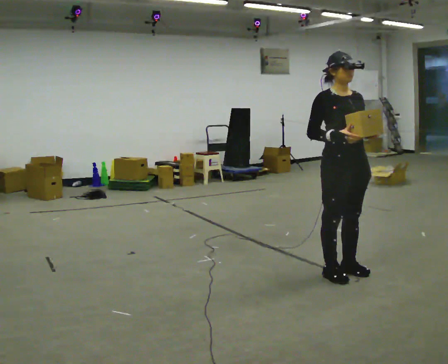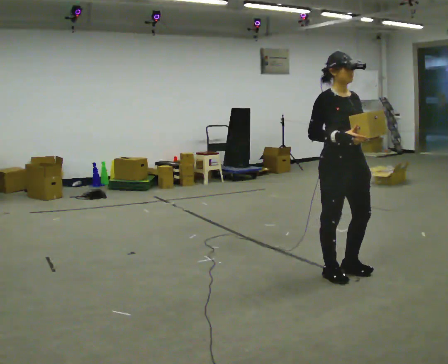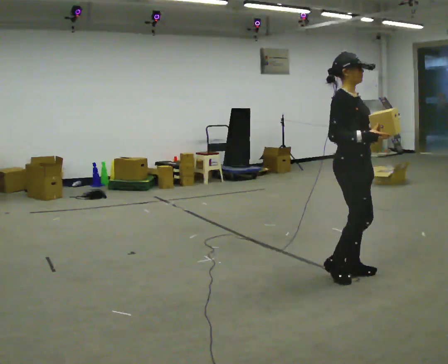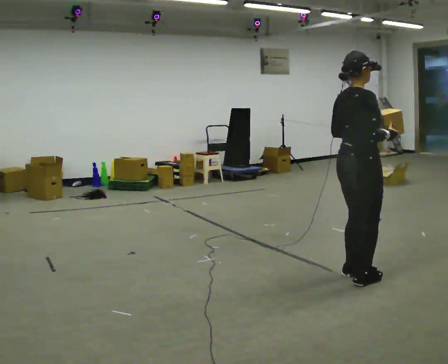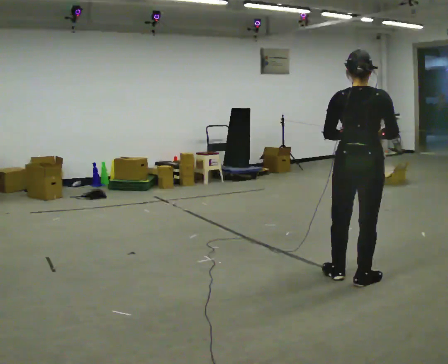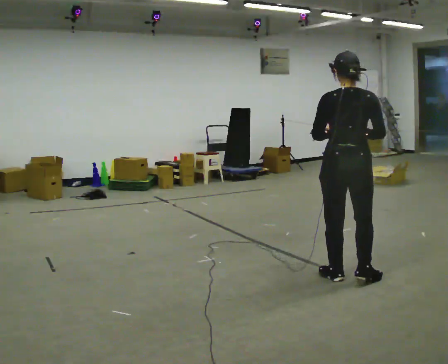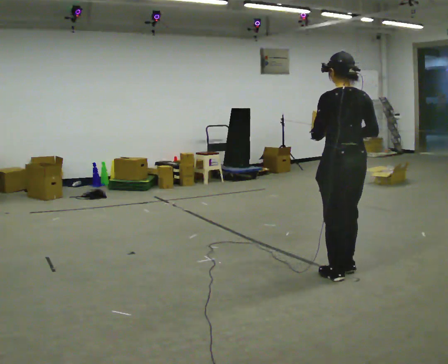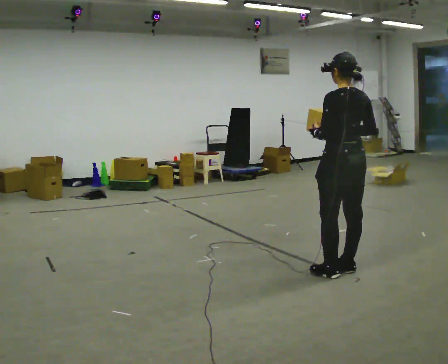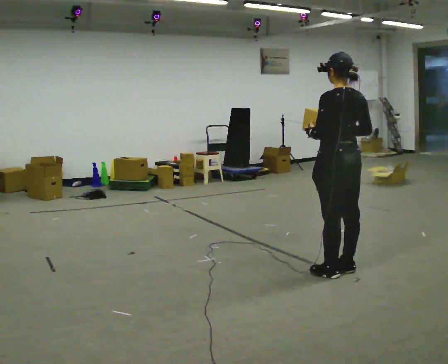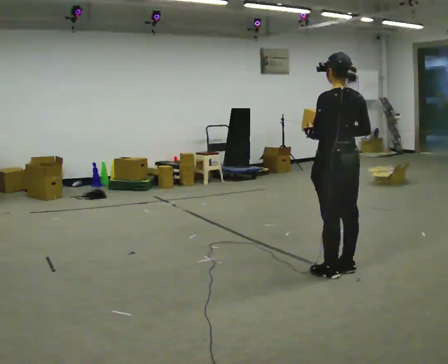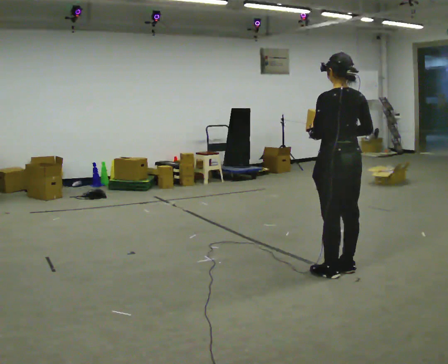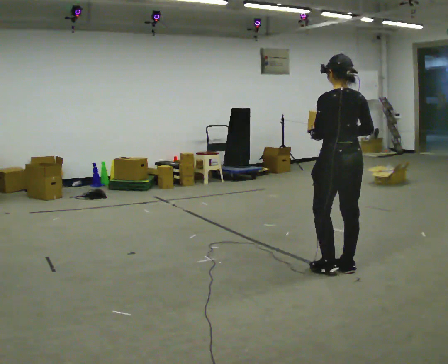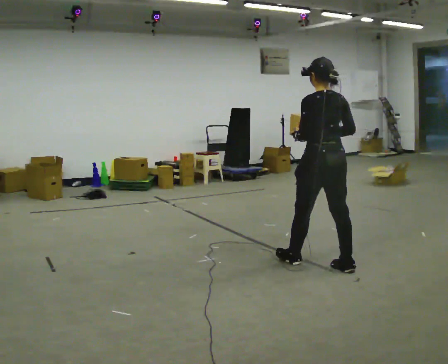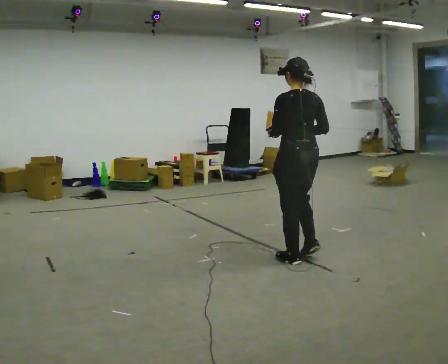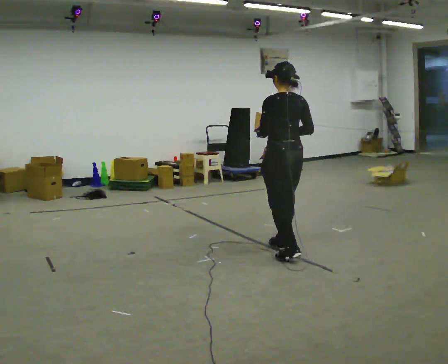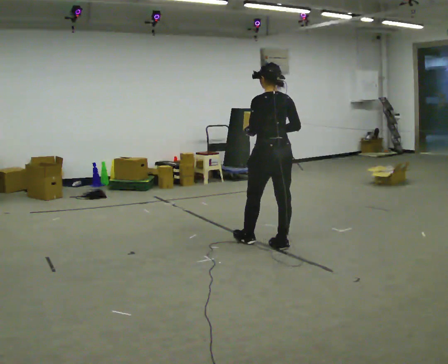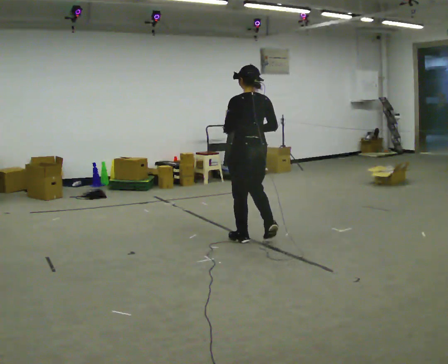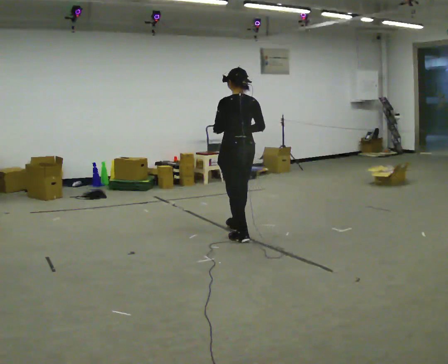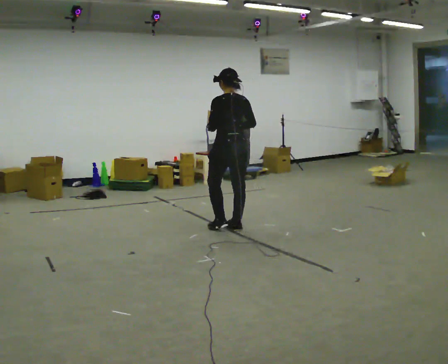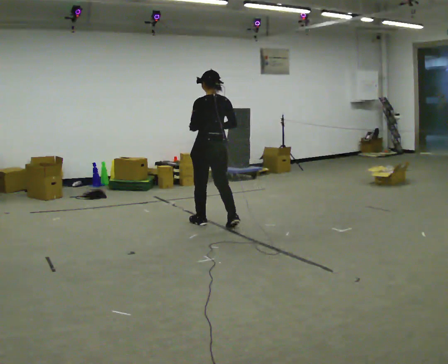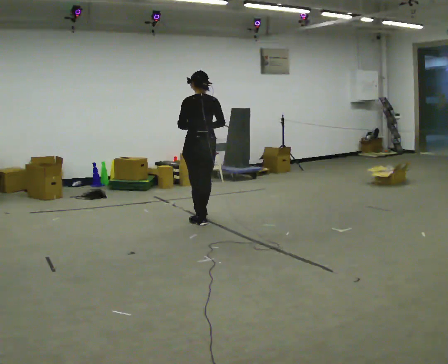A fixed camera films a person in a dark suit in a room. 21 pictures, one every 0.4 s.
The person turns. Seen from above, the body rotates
counterclockwise.
The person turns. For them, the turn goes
to their left.
0.0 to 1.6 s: The part of the body nearest the lens slides to the right as the person turns to their left by about 135 degrees.
1.6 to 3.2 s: Seen from above the body turns counterclockwise, about 45 degrees: to their left, with its near side sliding to the right. In the picture they go away from the camera, about 0.25 m in 1 step, which for them is forward.
3.2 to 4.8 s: In the picture they go away from the camera, about 0.25 m in 1 step, which for them is forward.
4.8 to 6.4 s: In the picture they go to the left and away from the camera, about 1 m in 2 steps, which for them is forward.
6.4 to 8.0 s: In the picture they go away from the camera and to the left, about 1 m in 2 steps, which for them is forward.
The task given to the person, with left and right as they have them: Carry the light box in both hands in front of you, walking back and forth across the room. Keep walking until the operator says stop.
The film runs forward here.
